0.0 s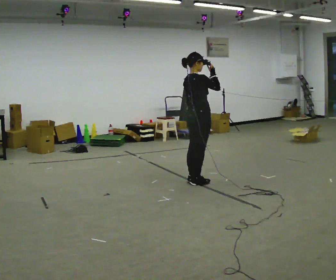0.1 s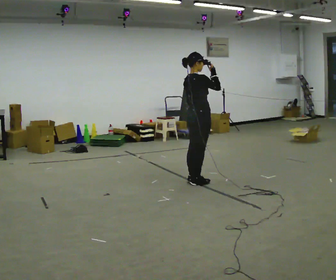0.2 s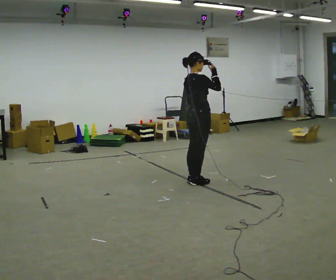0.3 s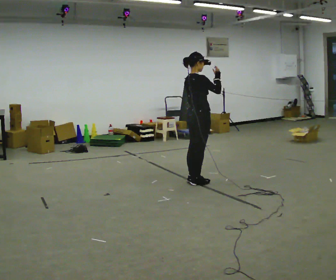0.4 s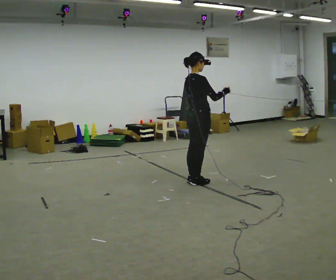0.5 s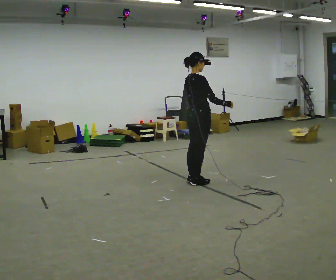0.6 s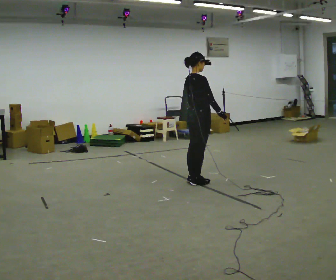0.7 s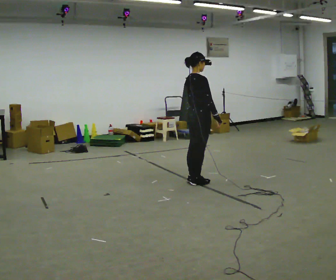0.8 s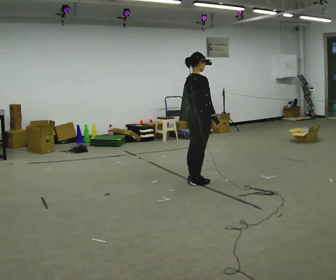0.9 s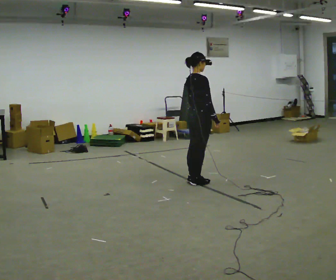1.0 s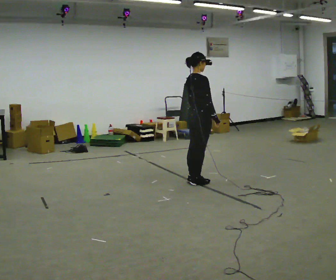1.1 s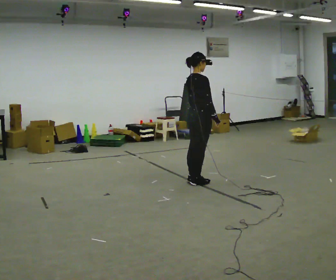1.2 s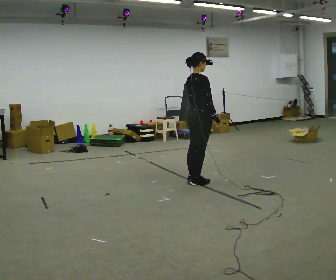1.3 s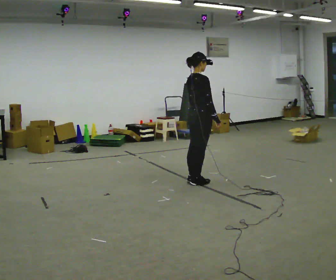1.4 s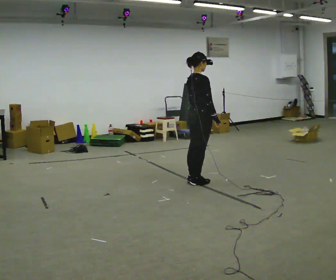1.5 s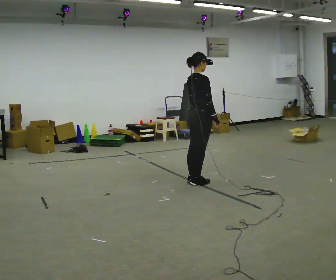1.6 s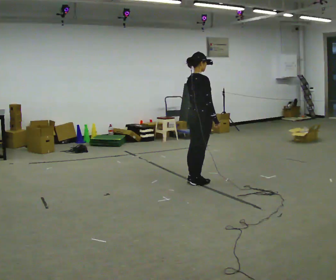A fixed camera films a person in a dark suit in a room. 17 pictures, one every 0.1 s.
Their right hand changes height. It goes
downward.
0.0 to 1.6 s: In the picture their right hand goes downward.
The film runs backward here.
